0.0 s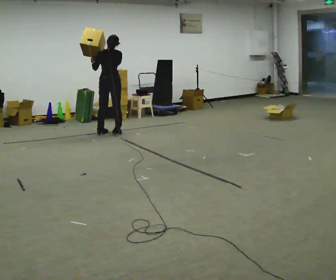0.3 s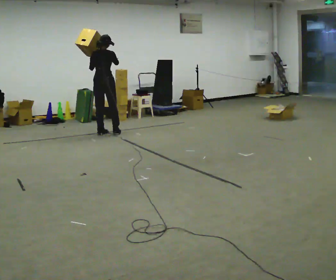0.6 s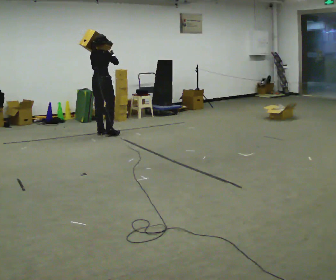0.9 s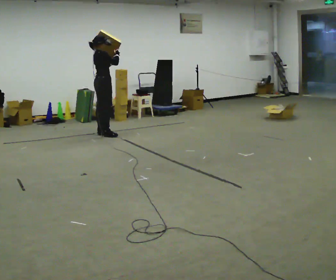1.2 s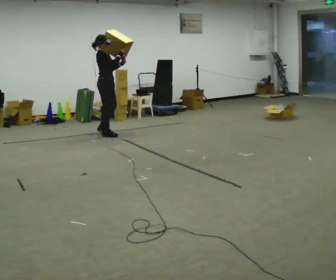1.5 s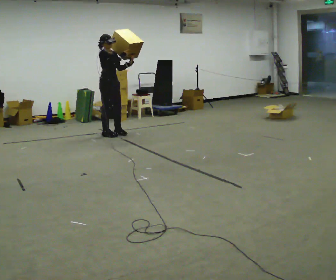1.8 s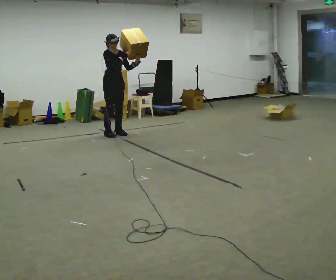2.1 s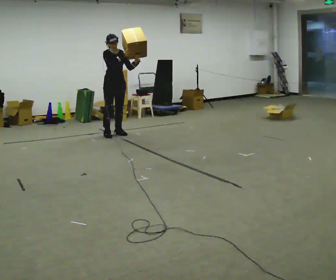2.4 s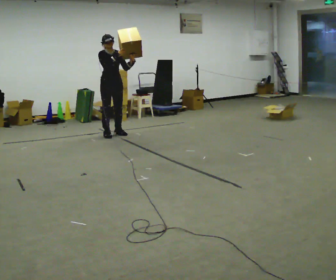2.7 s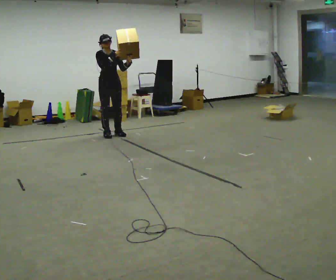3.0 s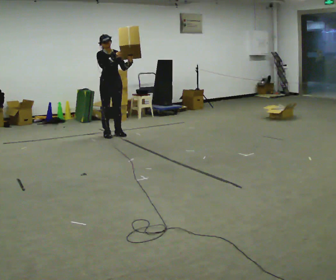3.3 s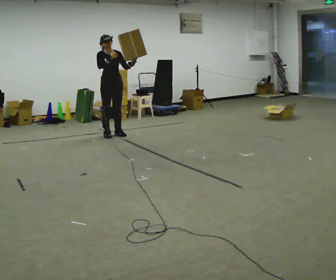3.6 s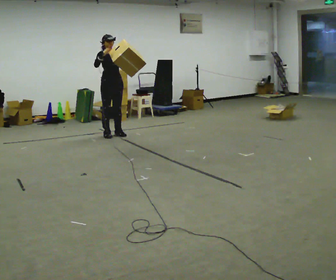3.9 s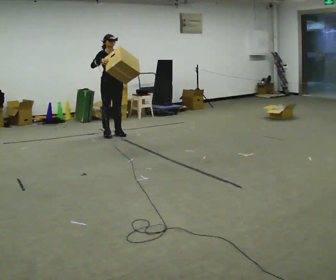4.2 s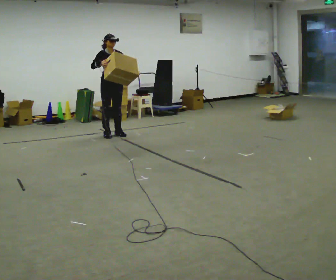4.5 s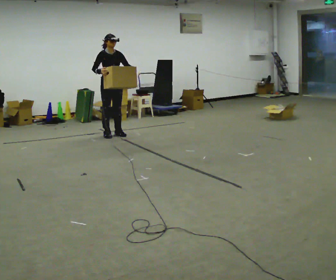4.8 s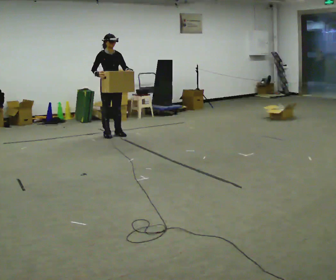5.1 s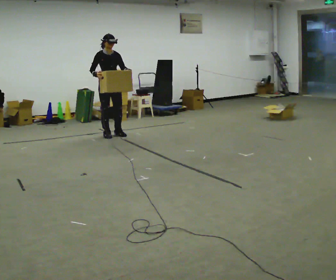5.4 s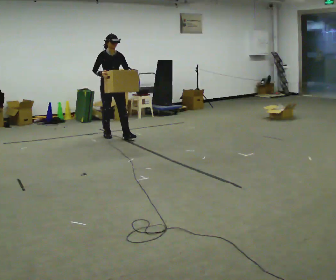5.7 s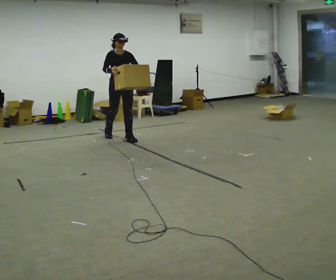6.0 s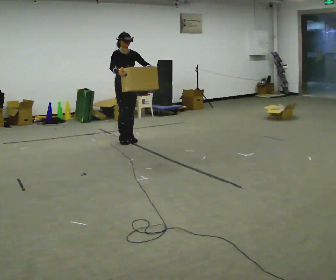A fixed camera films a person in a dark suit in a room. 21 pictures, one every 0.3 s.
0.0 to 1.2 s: The person turns about 105 degrees to their right, clockwise seen from above, so the part of the body nearest the lens slides to the left. In the picture their left hand goes to the right.
1.2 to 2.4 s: The part of the body nearest the lens slides to the left as the person turns to their right by about 60 degrees.
2.4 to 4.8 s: The person moves a little, or ends about where they began.
4.8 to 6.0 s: In the picture they go toward the camera and to the right, about 0.5 m in 1 step, which for them is forward.
The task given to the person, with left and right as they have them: Carry the box and, while walking, shift it to a different hold: front, then hip, then shoulder, then back to front. Do not stop walking.
The film runs forward here.
